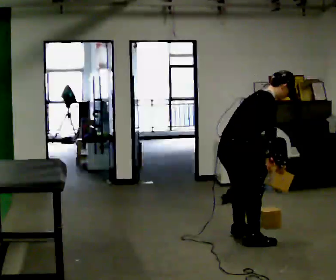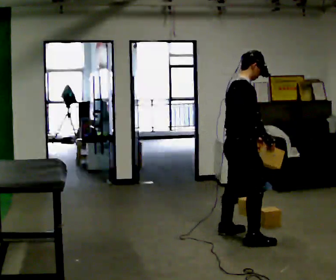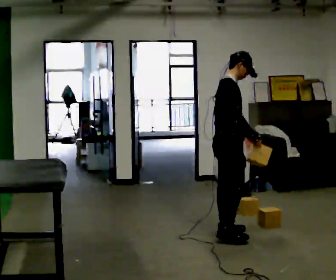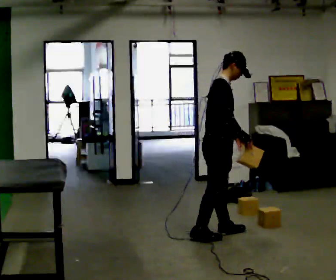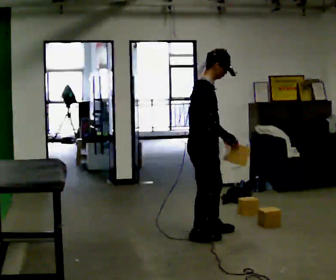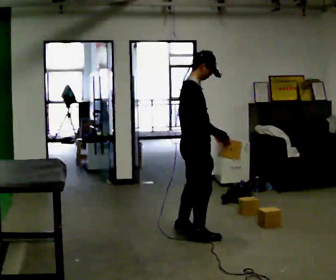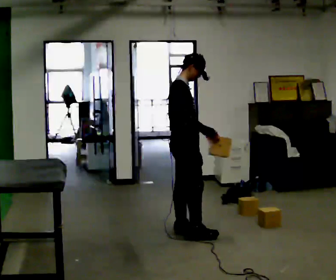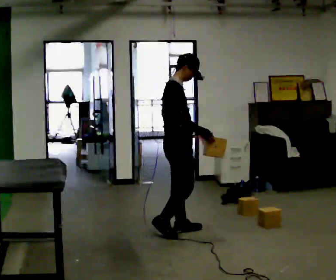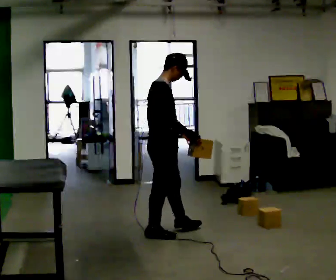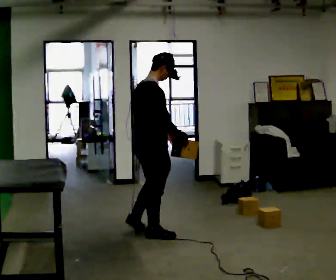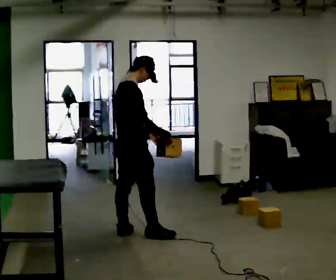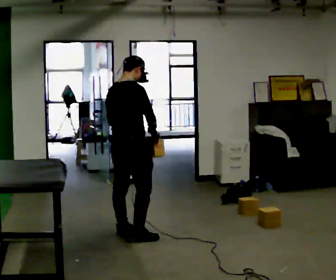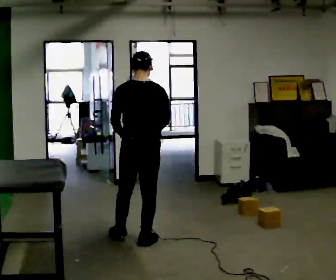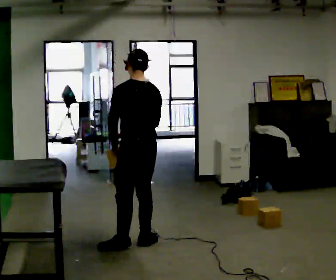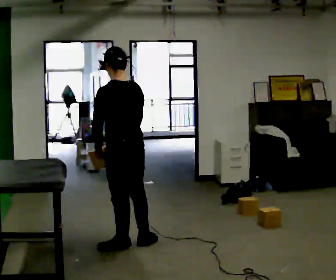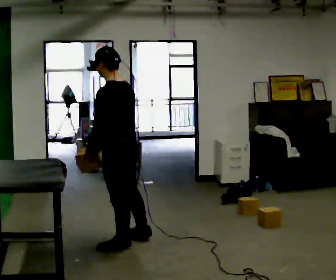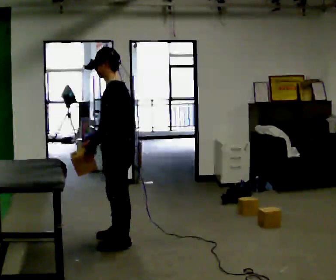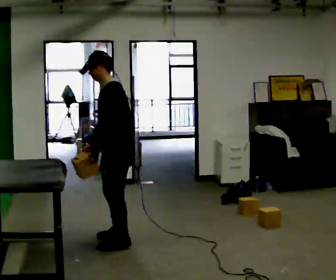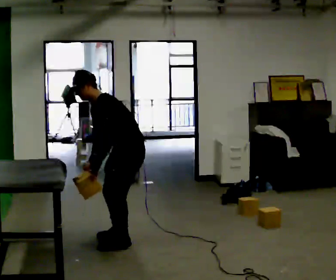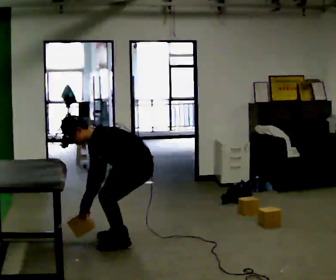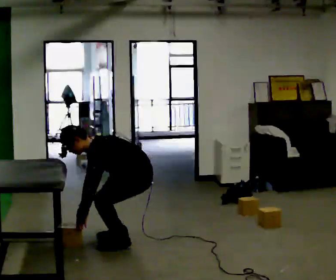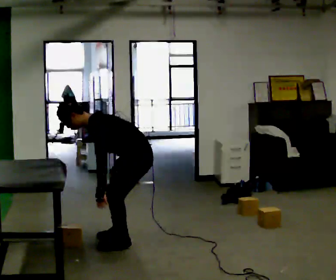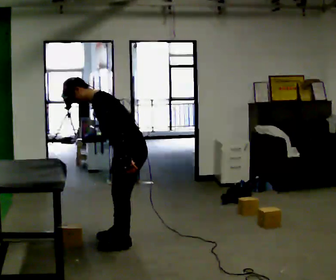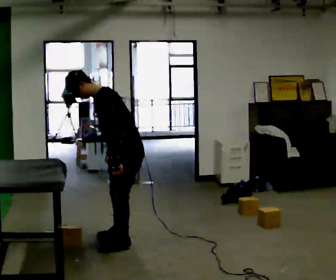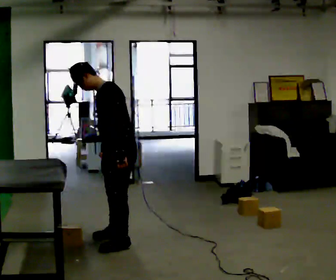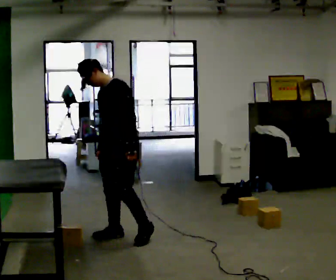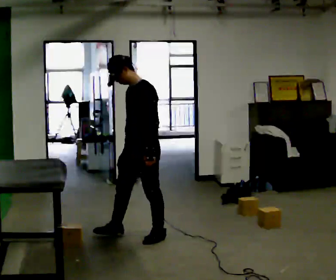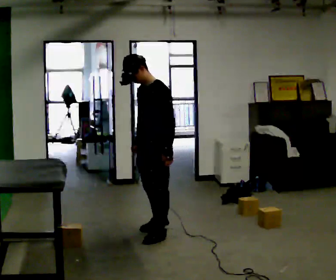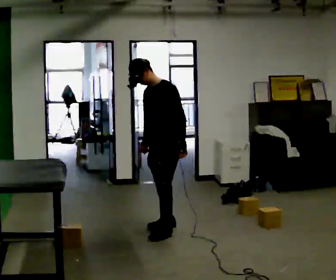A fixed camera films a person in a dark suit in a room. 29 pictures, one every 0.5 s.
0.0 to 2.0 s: In the picture they go to the left and away from the camera, about 0.25 m in 2 steps, which for them is backward and to their left. In the picture the upper body tilts counterclockwise, shoulders to the left, as they lean back or straighten.
2.0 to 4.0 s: In the picture they go to the left and away from the camera, about 0.25 m in 1 step, which for them is backward and to their left.
4.0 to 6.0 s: The person turns about 90 degrees to their left, counterclockwise seen from above, so the part of the body nearest the lens slides to the right. In the picture they go to the left, about 0.25 m in 3 steps. In the picture their left hand goes to the left, the arm swinging clockwise.
6.0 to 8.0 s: Seen from above the body turns counterclockwise, about 75 degrees: to their left, with its near side sliding to the right. In the picture they go toward the camera and to the left, about 0.25 m in 1 step. In the picture their right hand goes to the left.
8.0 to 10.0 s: In the picture they go to the right and away from the camera, about 0.25 m, which for them is backward. The shoulders move downward. In the picture the upper body tilts counterclockwise, shoulders to the left, as they bend forward. In the picture their left hand goes downward.
10.0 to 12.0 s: The shoulders move upward. In the picture the upper body tilts clockwise, shoulders to the right, as they lean back or straighten. In the picture their left hand goes upward and to the right.
12.0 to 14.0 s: In the picture they go to the right and away from the camera, about 0.5 m in 3 steps, which for them is backward.
The film runs backward here.
